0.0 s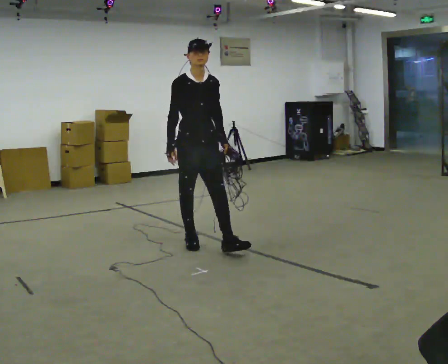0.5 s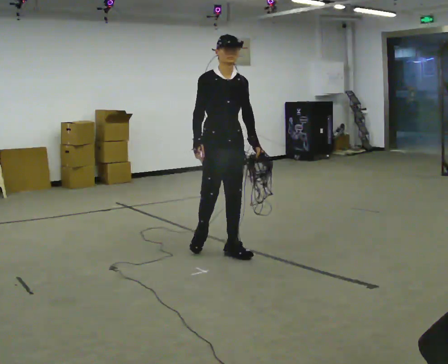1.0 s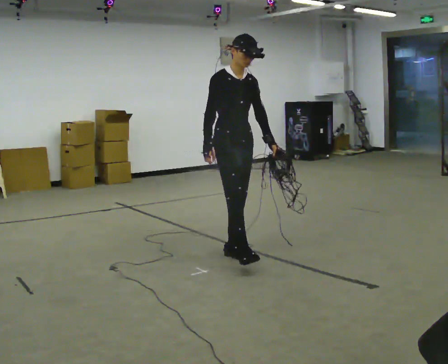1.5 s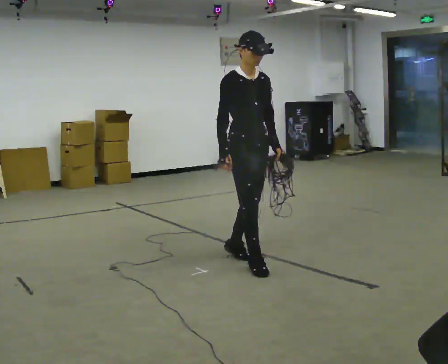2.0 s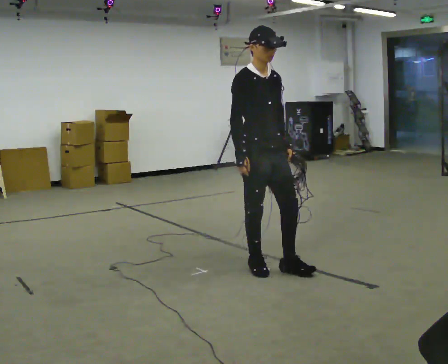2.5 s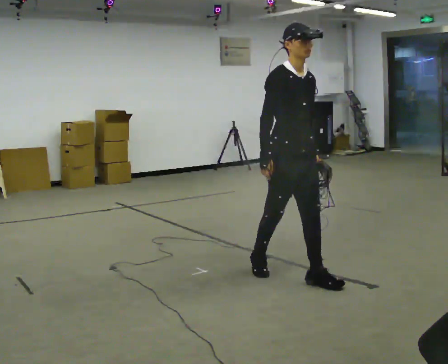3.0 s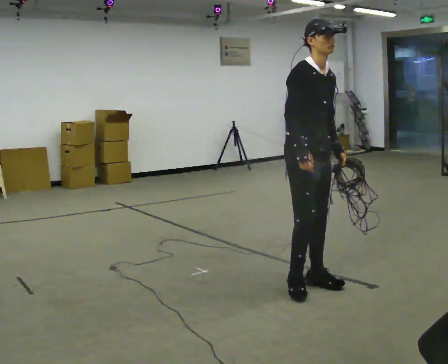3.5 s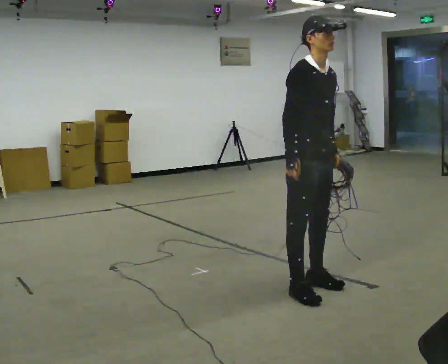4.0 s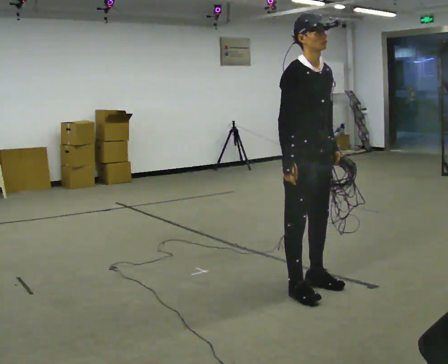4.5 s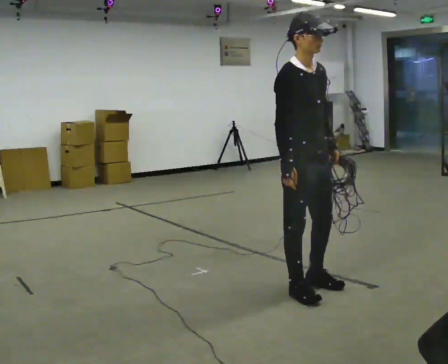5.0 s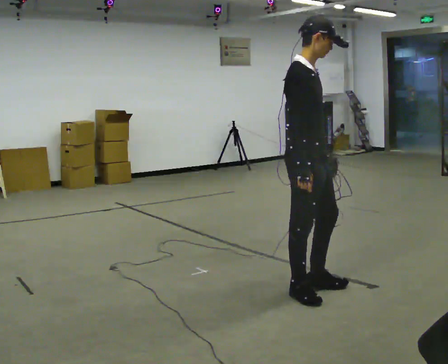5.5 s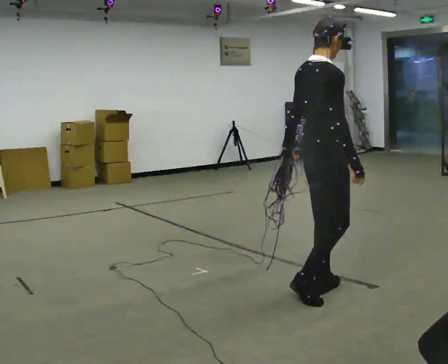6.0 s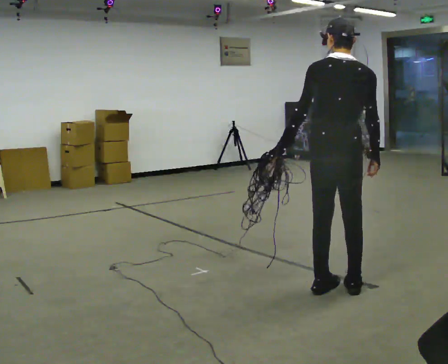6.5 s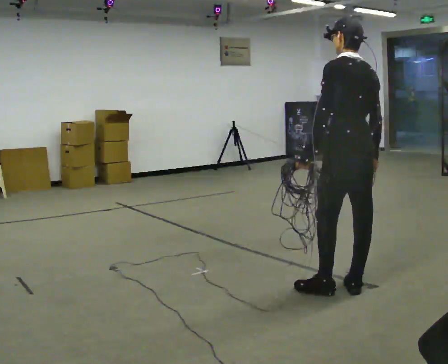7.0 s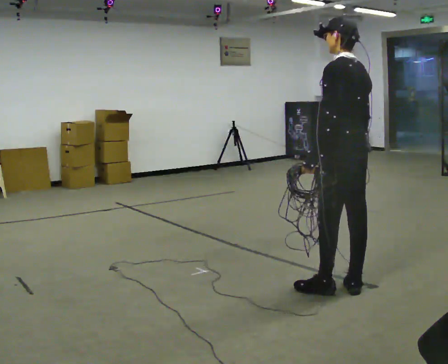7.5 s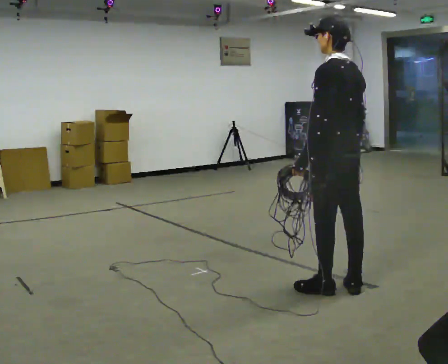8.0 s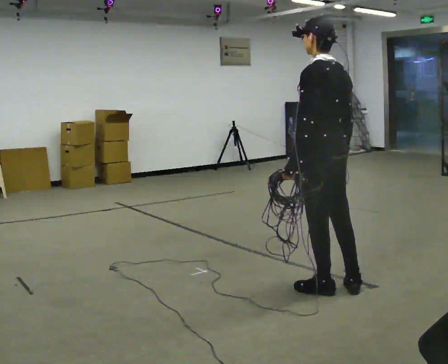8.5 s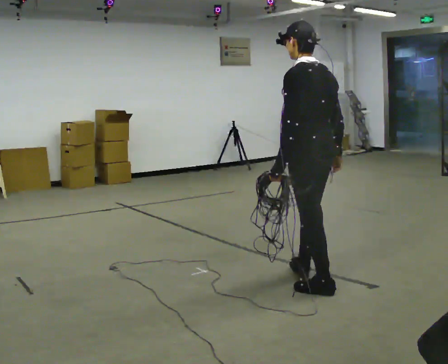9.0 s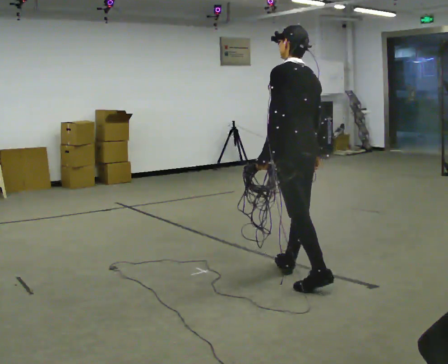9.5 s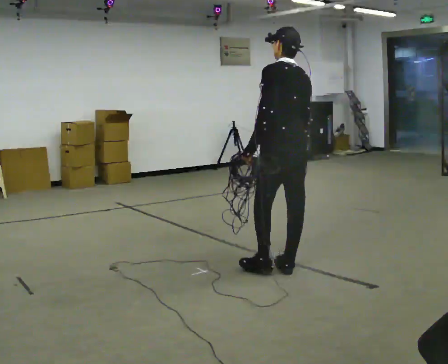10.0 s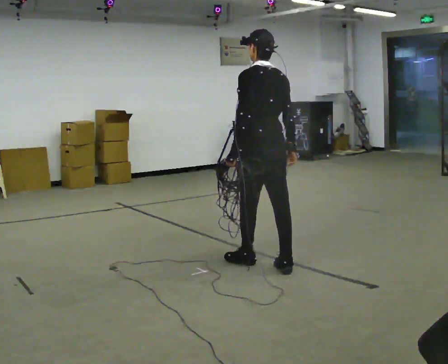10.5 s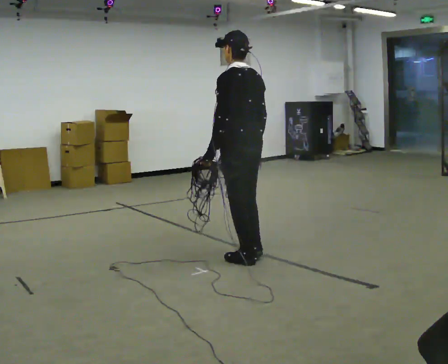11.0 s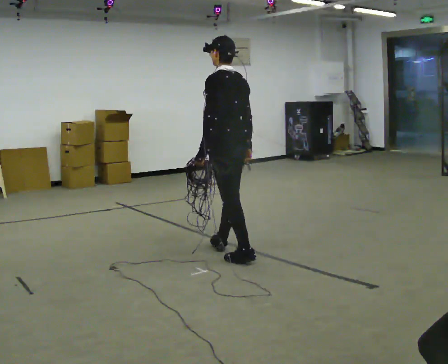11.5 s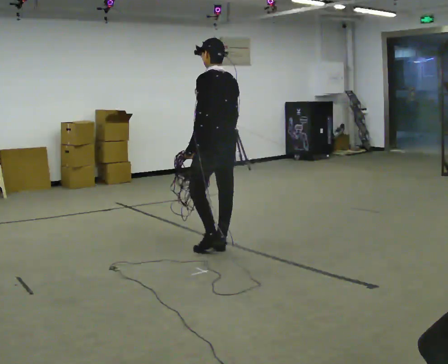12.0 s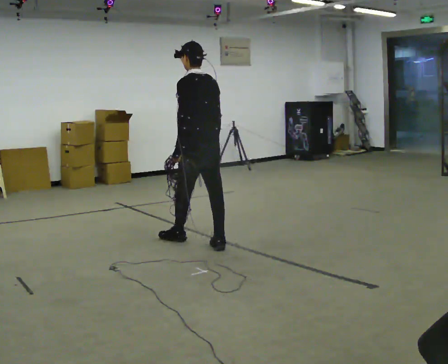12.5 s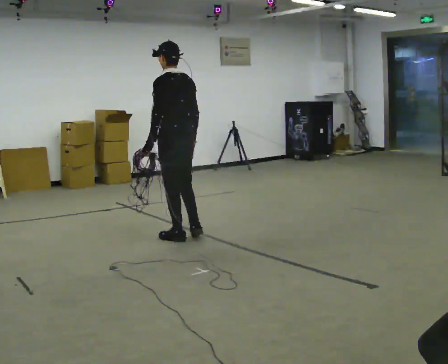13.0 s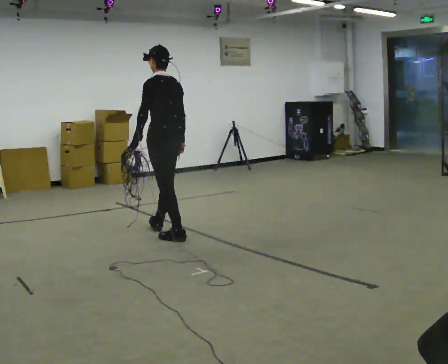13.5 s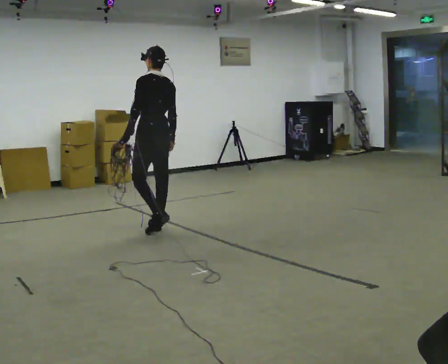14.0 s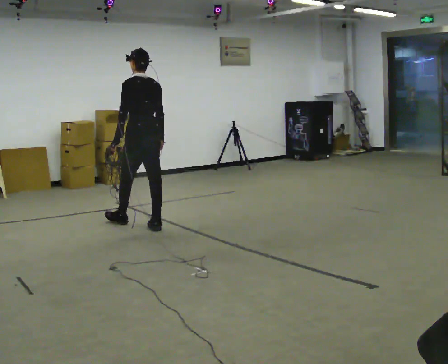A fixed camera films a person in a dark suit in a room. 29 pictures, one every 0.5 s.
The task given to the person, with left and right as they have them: Pick up the coiled hose, carry it across the room, and set it down. It will move around as you walk. Keep going until the operator says stop; one object at a time, and do not rush between trips.
0.0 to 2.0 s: In the picture they go to the right and toward the camera, about 1 m in 2 steps, which for them is forward.
2.0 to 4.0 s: In the picture they go toward the camera and to the right, about 0.5 m in 2 steps, which for them is forward.
4.0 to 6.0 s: The part of the body nearest the lens slides to the right as the person turns to their left by about 135 degrees. In the picture they go to the right, about 0.25 m in 2 steps.
6.0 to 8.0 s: Seen from above the body turns counterclockwise, about 45 degrees: to their left, with its near side sliding to the right.
8.0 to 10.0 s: In the picture they go away from the camera and to the left, about 0.75 m in 2 steps, which for them is forward.
10.0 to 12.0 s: In the picture they go to the left and away from the camera, about 1 m in 2 steps, which for them is forward.
12.0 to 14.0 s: In the picture they go to the left and away from the camera, about 1 m in 2 steps, which for them is forward.
The film runs forward here.
